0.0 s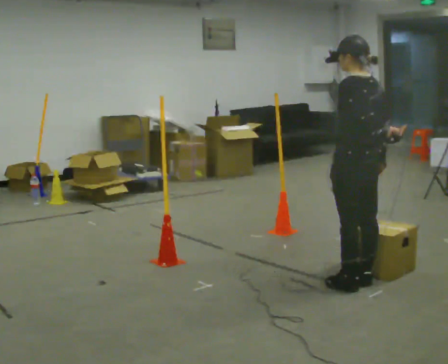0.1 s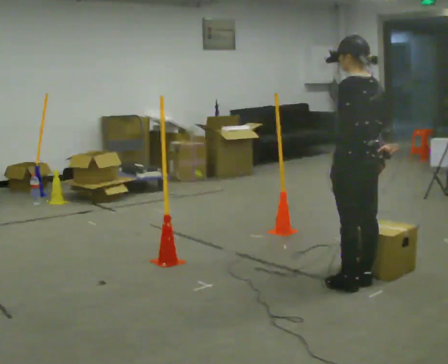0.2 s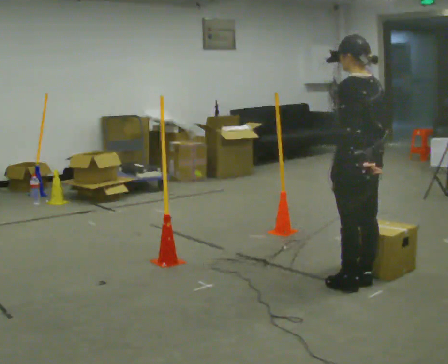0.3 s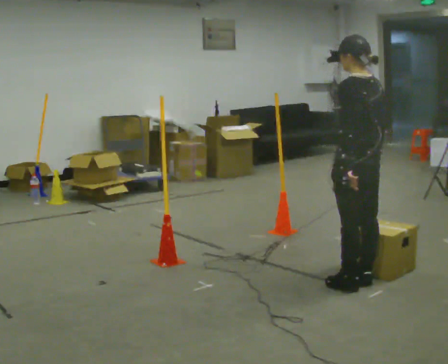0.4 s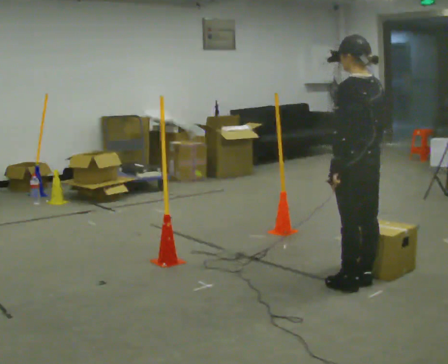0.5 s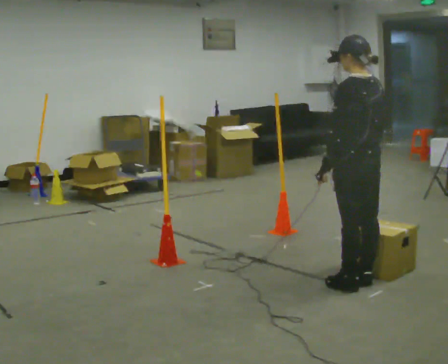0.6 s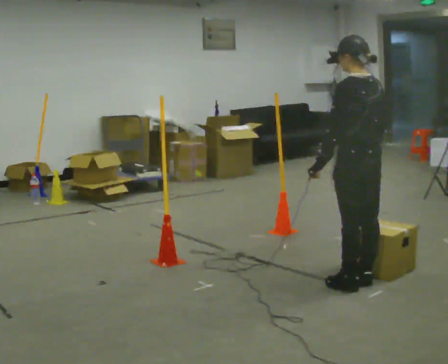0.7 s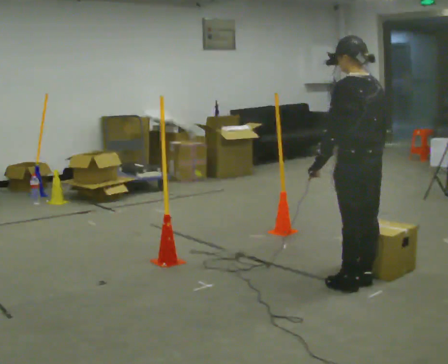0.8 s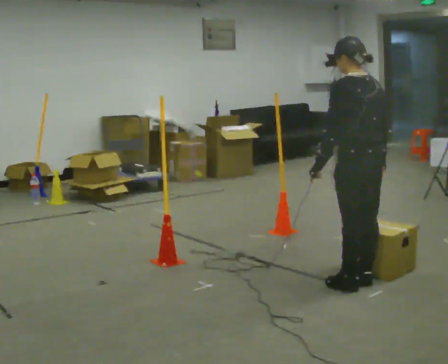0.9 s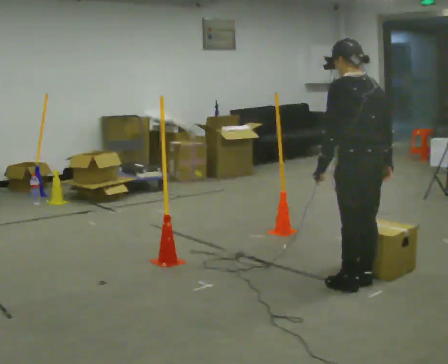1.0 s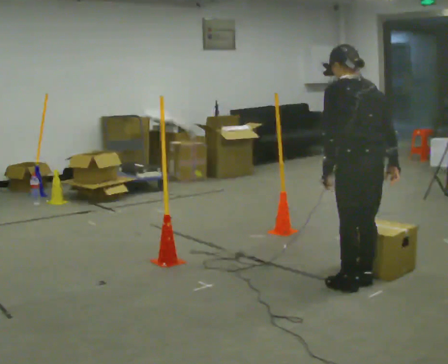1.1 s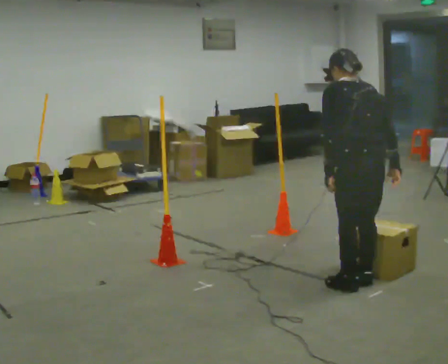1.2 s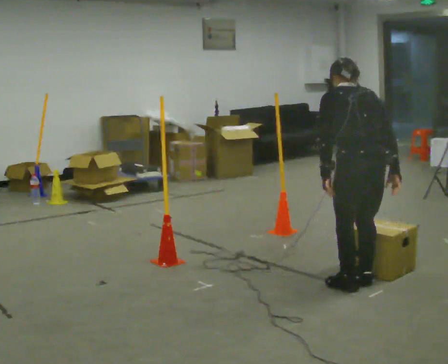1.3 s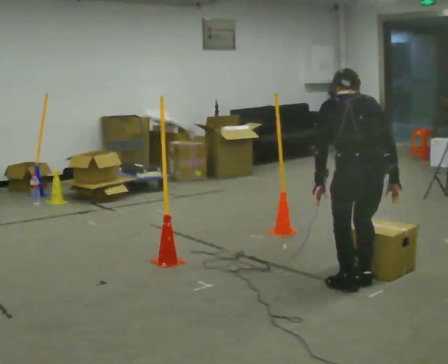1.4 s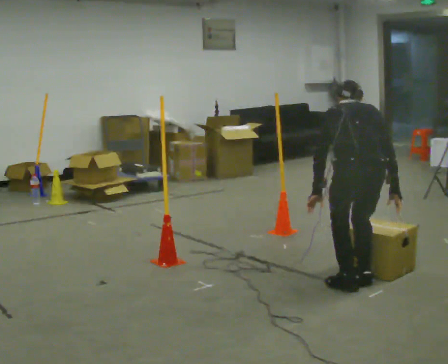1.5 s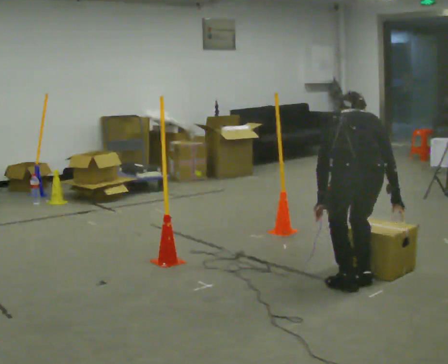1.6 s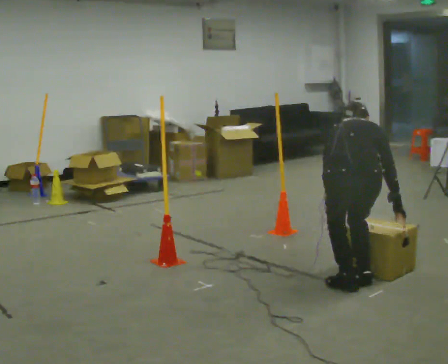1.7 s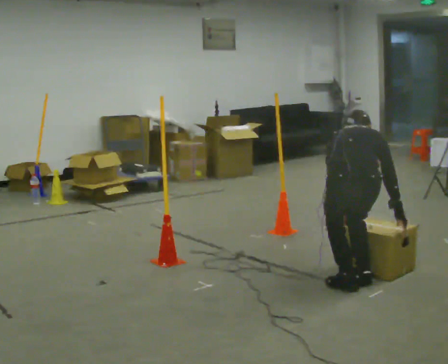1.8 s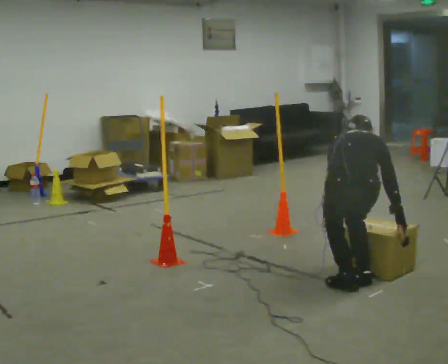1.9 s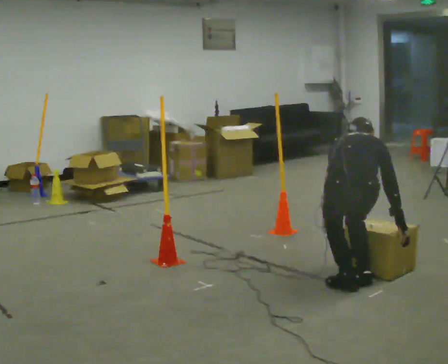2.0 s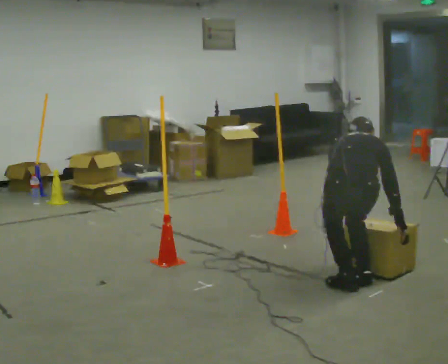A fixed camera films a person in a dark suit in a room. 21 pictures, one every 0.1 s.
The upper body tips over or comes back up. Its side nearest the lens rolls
upward.
Their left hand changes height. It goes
downward.
0.0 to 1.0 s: The upper body tips away from the camera, its near side rolling upward, as they bend forward. In the picture their left hand goes to the left, the arm swinging clockwise.
1.0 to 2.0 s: Seen from above the body turns clockwise, about 45 degrees: to their right, with its near side sliding to the left. The shoulders move downward. The upper body tips away from the camera, its near side rolling upward, as they bend forward. In the picture their left hand goes downward.
The film runs backward here.
